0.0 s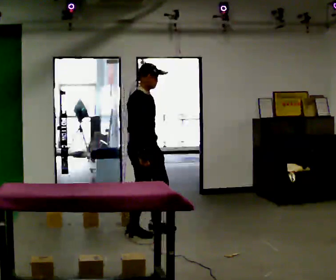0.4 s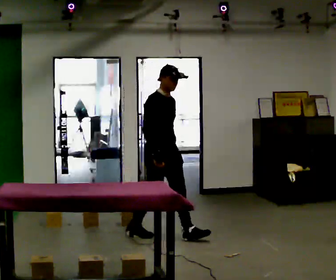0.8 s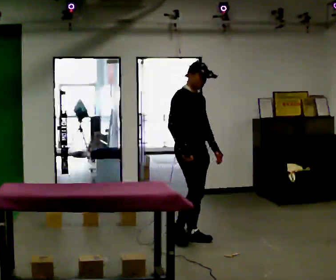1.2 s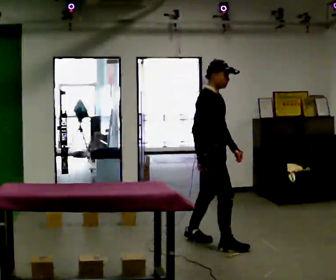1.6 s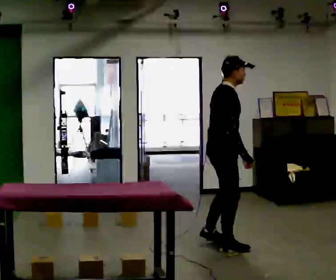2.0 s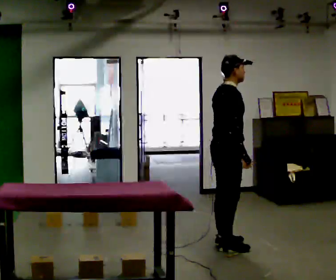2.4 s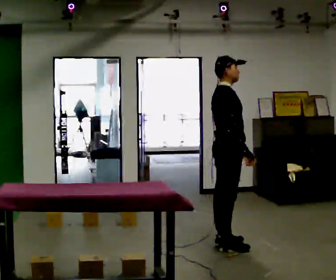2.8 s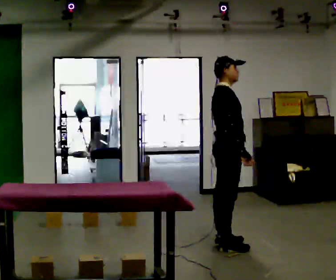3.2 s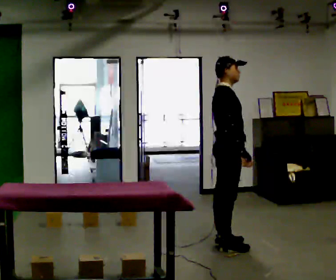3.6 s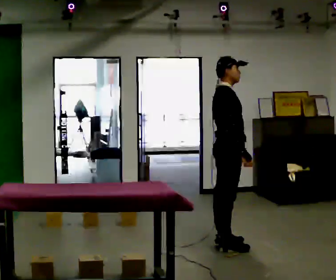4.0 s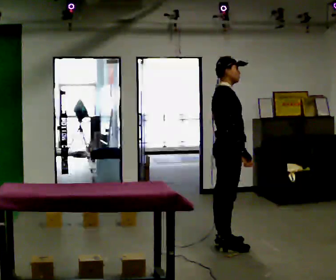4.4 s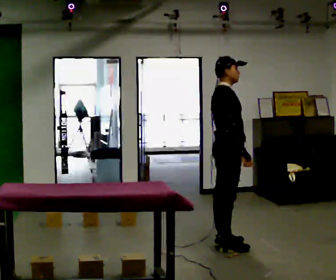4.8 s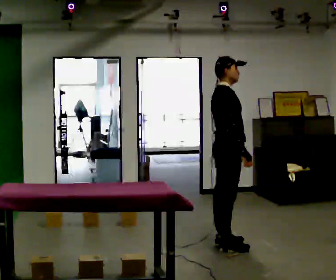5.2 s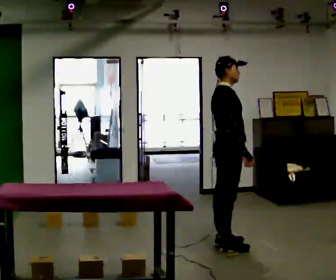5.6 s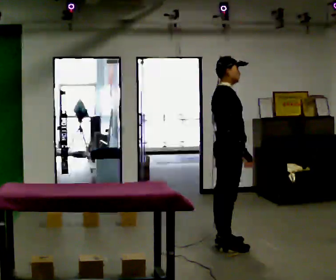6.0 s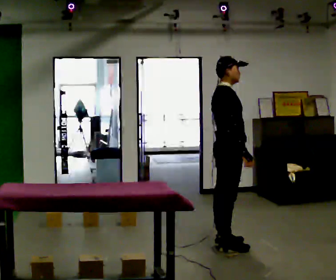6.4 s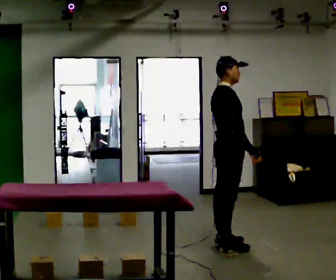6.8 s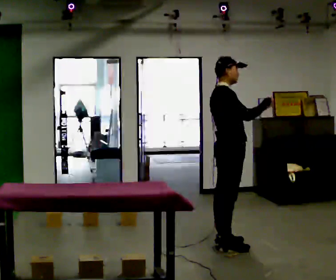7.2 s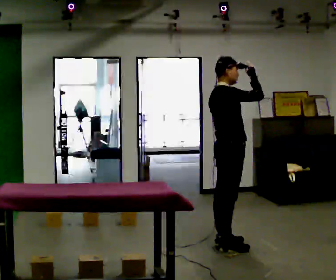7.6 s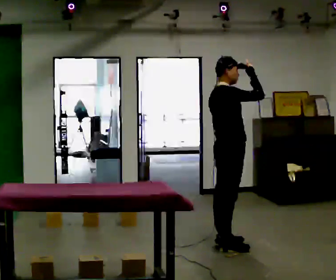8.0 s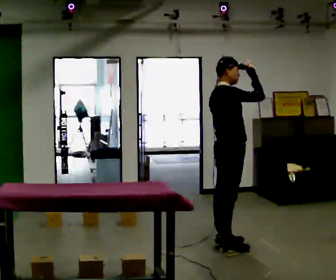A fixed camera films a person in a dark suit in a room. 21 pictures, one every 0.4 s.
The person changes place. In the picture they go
to the right.
0.0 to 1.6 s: The part of the body nearest the lens slides to the right as the person turns to their left by about 30 degrees. In the picture they go to the right and toward the camera, about 1 m in 2 steps, which for them is forward.
1.6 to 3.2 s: The person moves a little, or ends about where they began.
3.2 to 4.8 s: The person keeps their place and pose.
4.8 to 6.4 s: The person moves a little, or ends about where they began.
6.4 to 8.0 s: In the picture their right hand goes upward, the arm swinging counterclockwise.
The film runs forward here.
